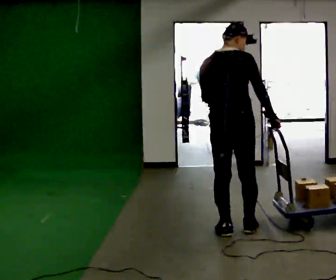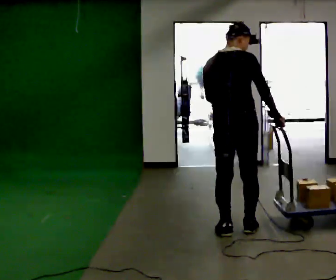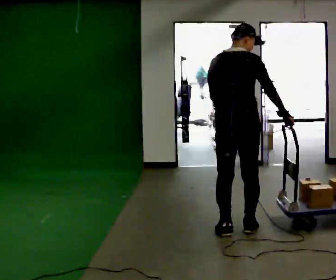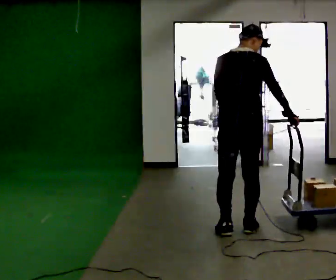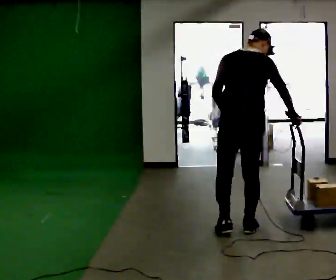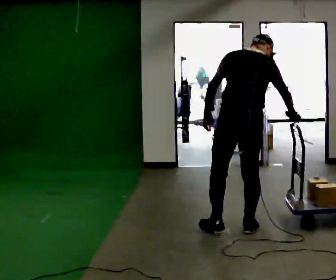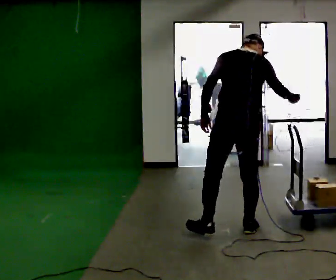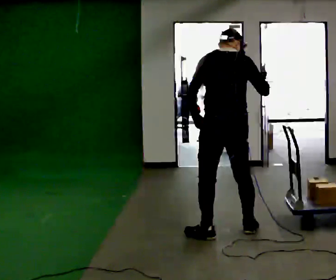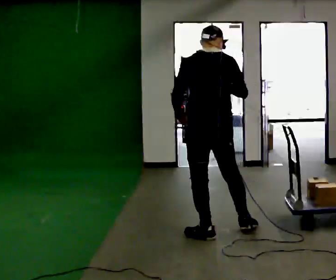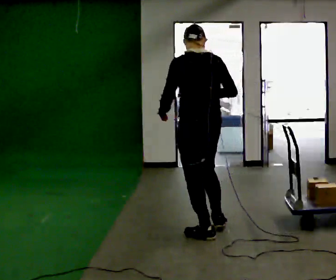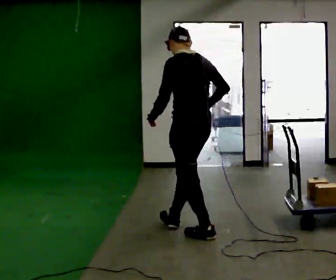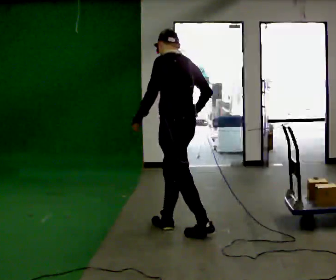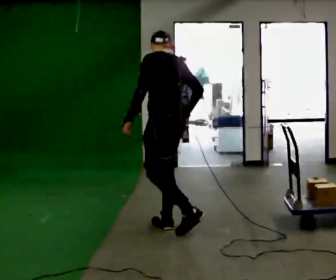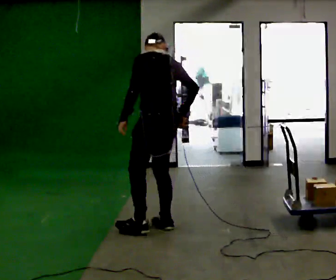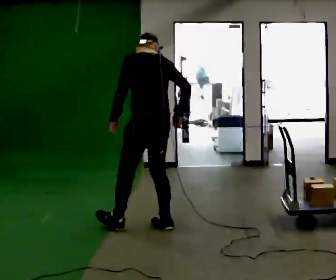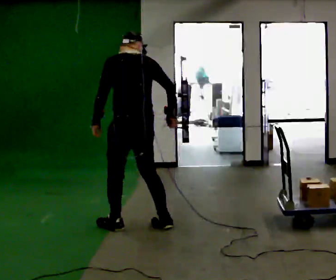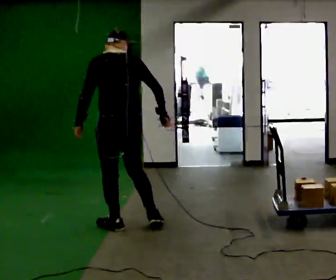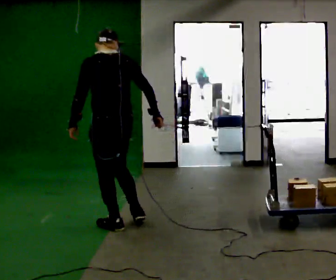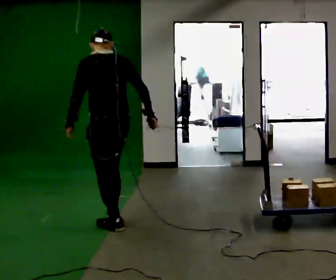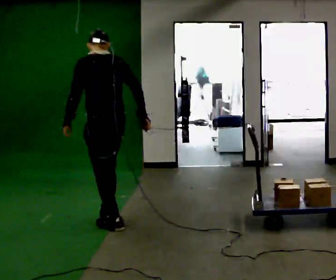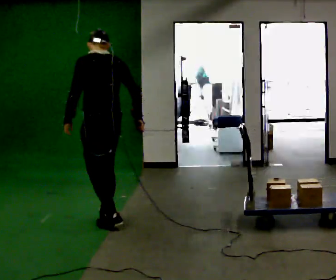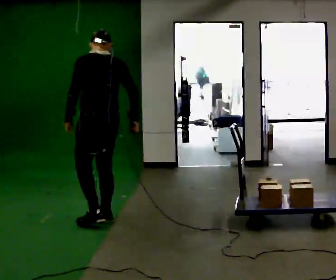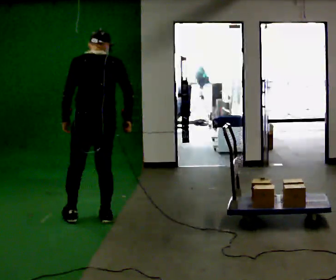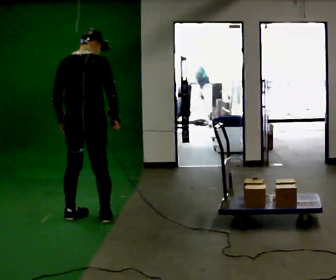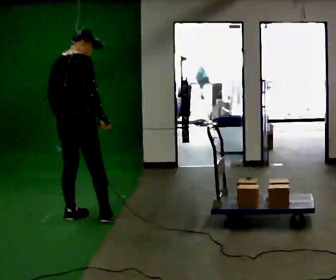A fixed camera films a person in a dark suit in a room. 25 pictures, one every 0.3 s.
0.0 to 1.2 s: The person moves a little, or ends about where they began.
1.2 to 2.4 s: Seen from above the body turns counterclockwise, about 30 degrees: to their left, with its near side sliding to the right. In the picture they go to the left, about 0.25 m, which for them is to their left.
2.4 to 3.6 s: The person turns about 30 degrees to their left, counterclockwise seen from above, so the part of the body nearest the lens slides to the right. In the picture they go to the left and away from the camera, about 0.5 m in 1 step, which for them is forward.
3.6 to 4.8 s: In the picture they go to the left, about 0.5 m in 1 step, which for them is to their left and forward.
4.8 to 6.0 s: In the picture they go away from the camera and to the left, about 0.25 m in 1 step, which for them is forward.
6.0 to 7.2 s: The part of the body nearest the lens slides to the left as the person turns to their right by about 75 degrees. In the picture they go to the left, about 0.25 m in 1 step.
The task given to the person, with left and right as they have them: Hold the rope in both hands and drag the sled towards you as you walk backward. The operator will confirm the space behind you is clear.
The film runs forward here.
